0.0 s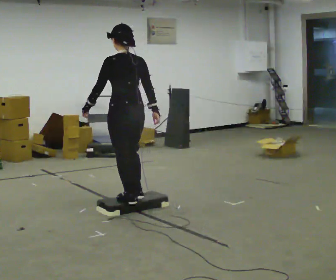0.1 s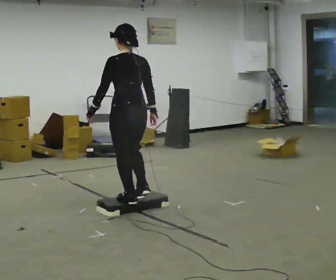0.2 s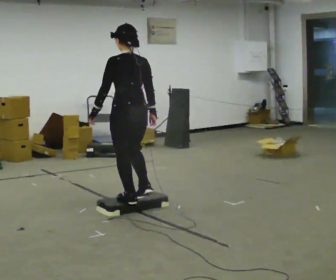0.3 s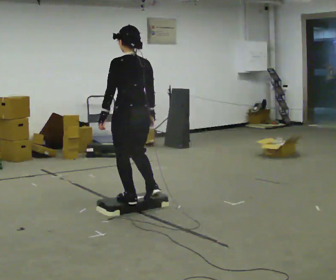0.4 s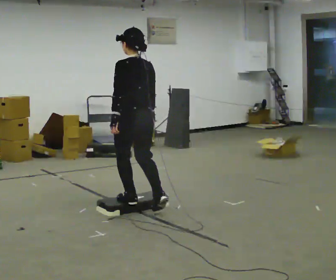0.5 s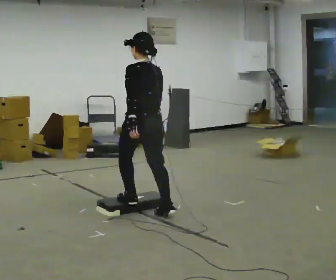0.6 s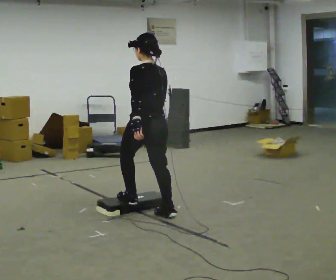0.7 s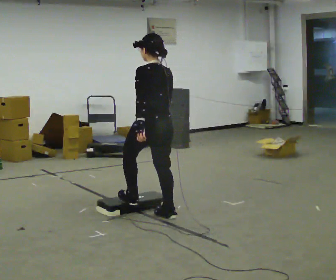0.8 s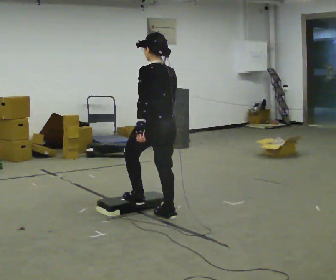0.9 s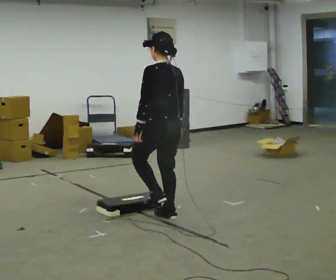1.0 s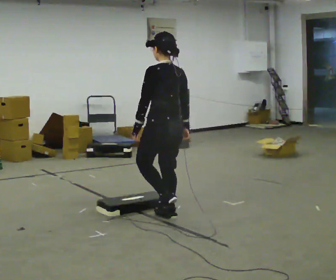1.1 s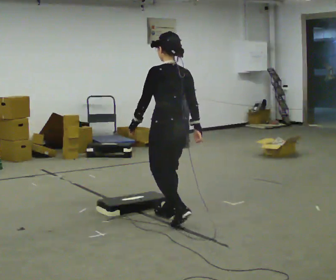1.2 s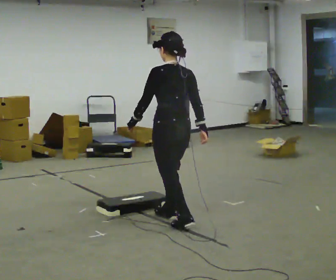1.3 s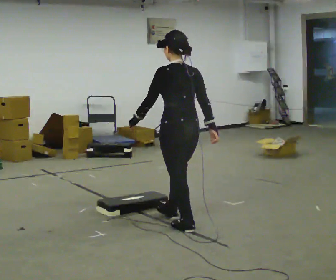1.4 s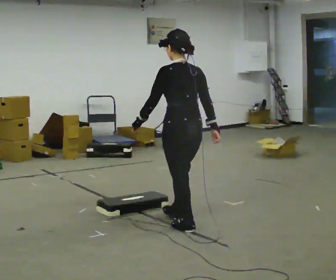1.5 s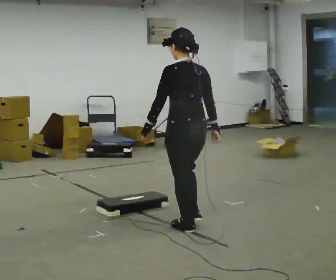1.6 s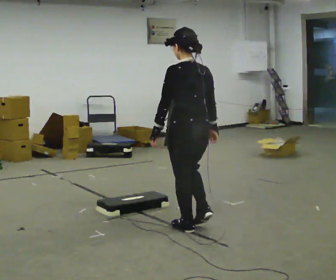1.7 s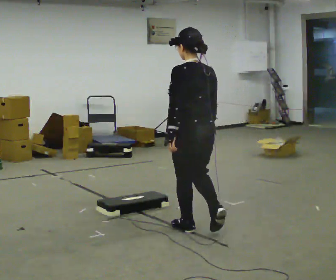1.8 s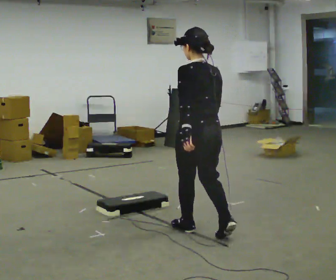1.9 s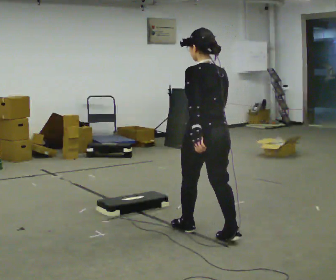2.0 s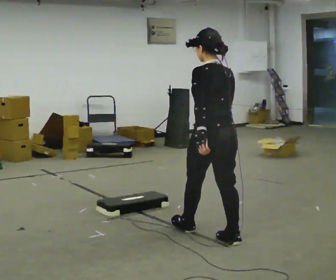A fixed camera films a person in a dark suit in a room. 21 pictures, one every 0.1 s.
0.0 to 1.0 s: In the picture they go to the right and toward the camera, about 0.5 m in 2 steps, which for them is backward.
1.0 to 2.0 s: In the picture they go toward the camera and to the right, about 0.75 m in 1 step, which for them is backward.
The film runs backward here.
